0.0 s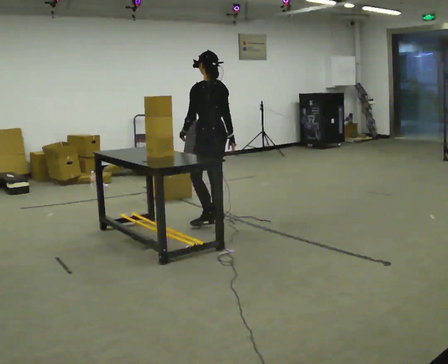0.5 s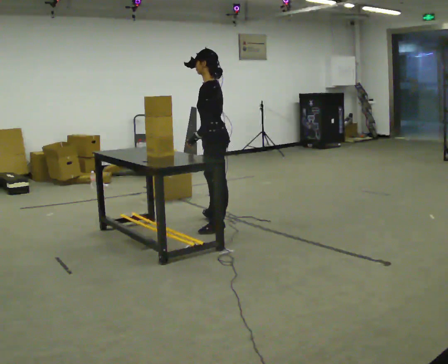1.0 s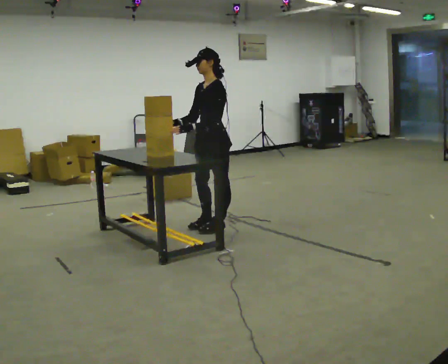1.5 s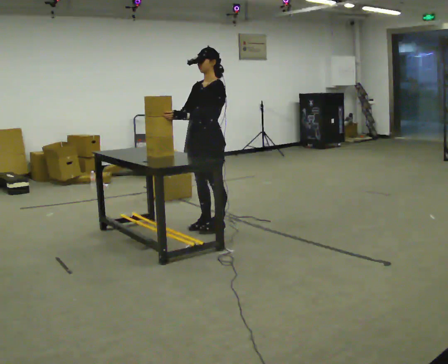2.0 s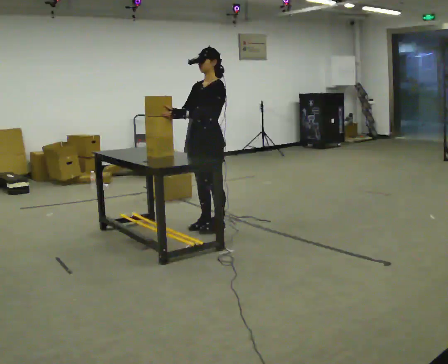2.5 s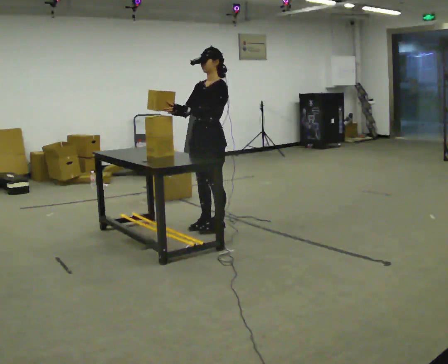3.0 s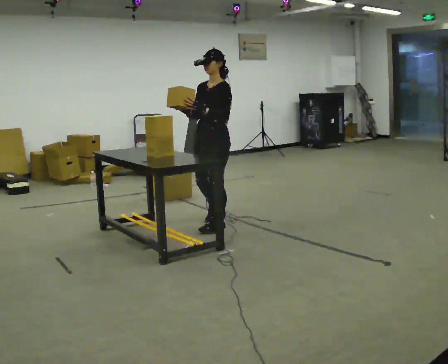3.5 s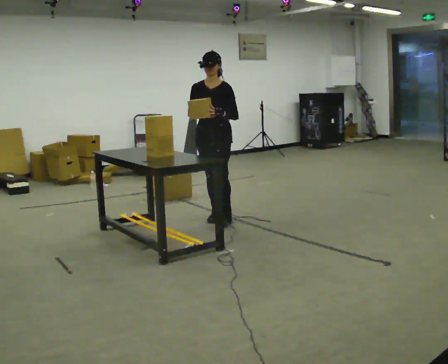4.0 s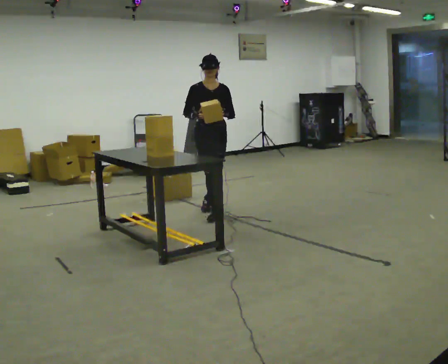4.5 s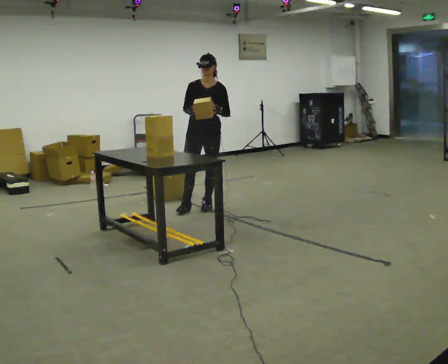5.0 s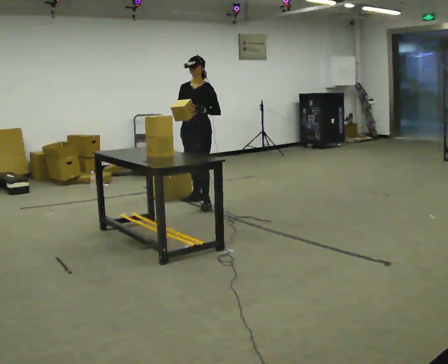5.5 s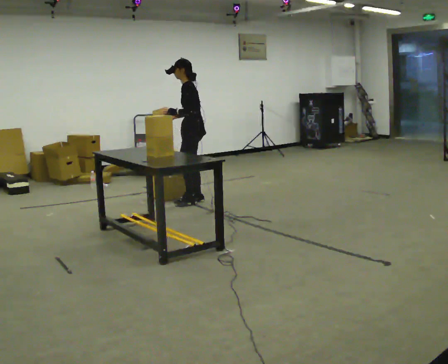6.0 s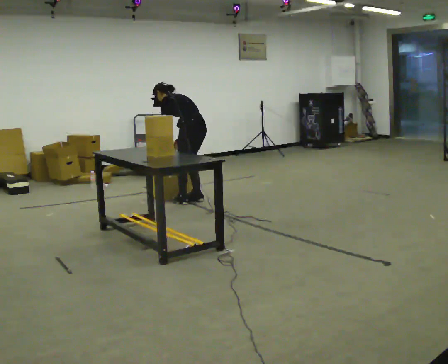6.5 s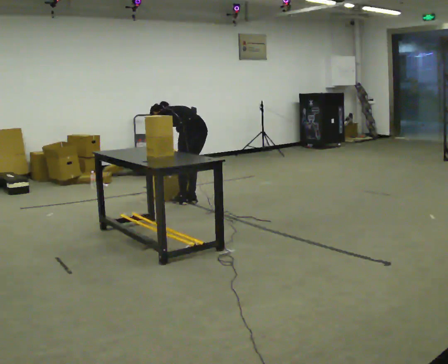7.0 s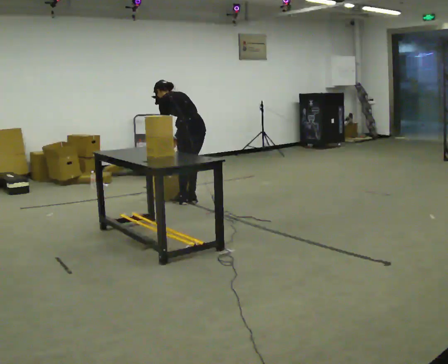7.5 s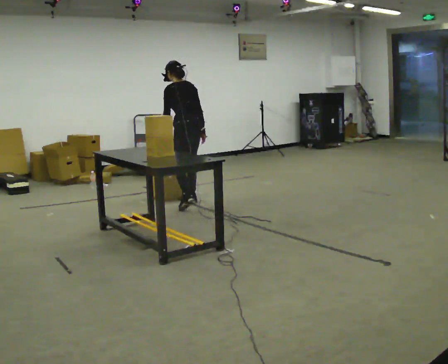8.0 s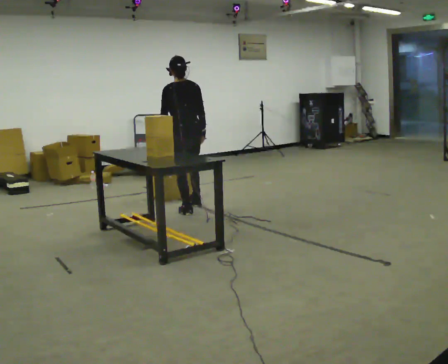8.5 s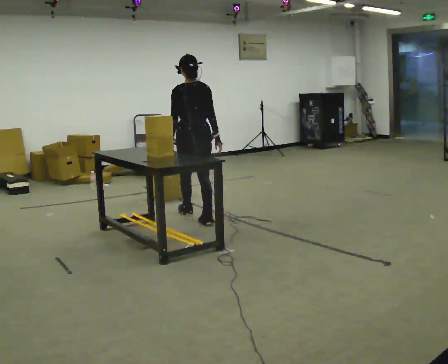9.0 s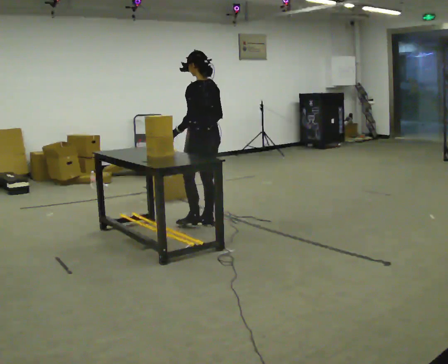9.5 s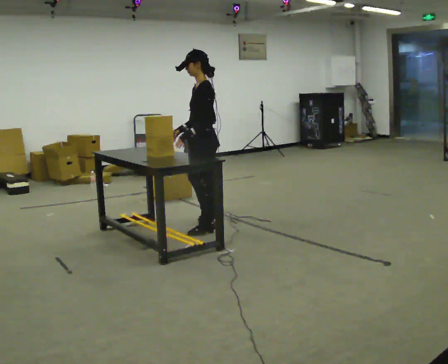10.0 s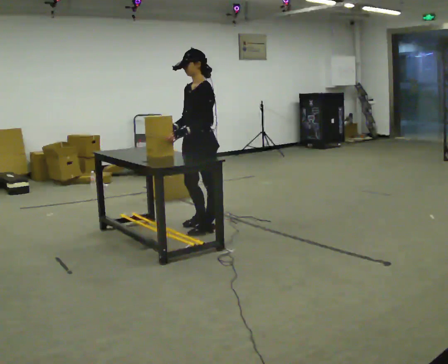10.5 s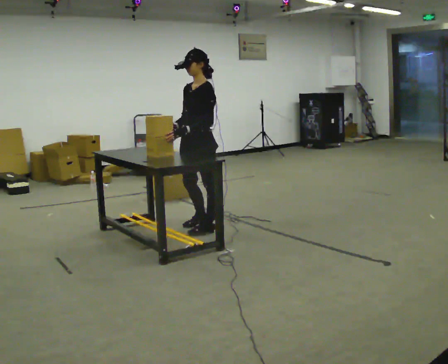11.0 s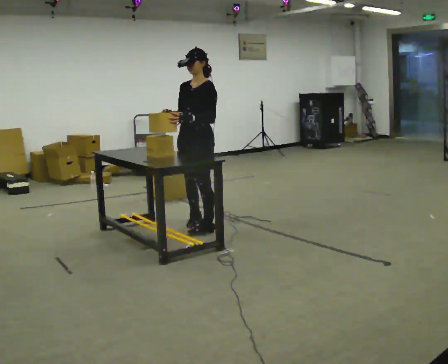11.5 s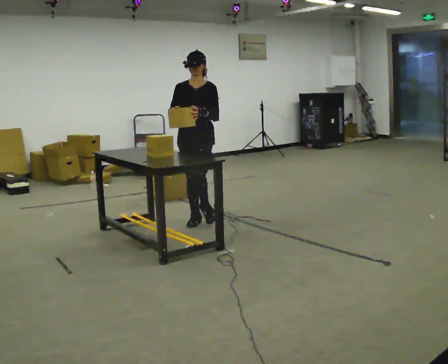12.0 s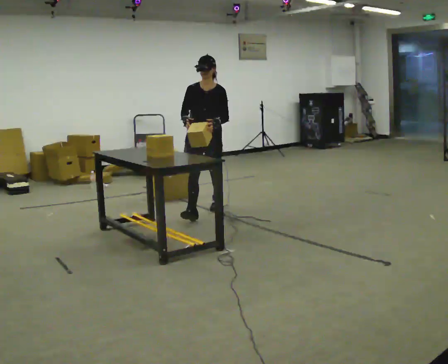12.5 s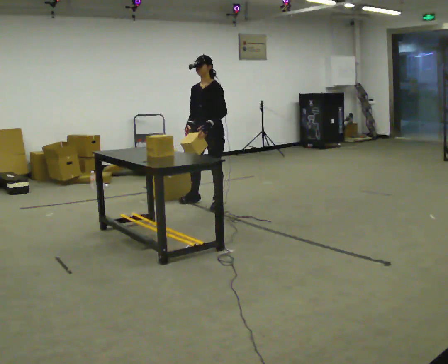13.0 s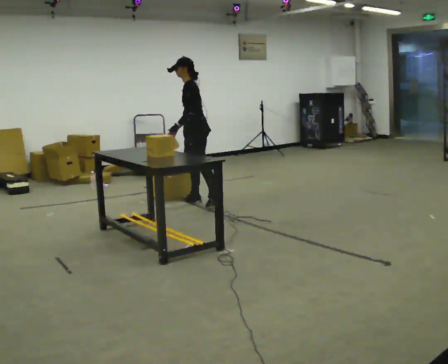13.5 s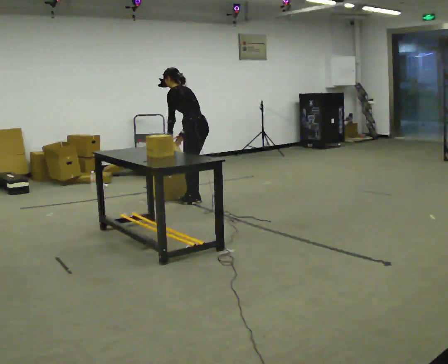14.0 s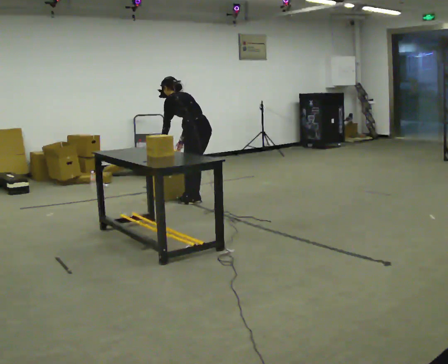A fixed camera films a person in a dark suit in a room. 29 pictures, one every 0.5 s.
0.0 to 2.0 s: The person turns about 90 degrees to their left, counterclockwise seen from above, so the part of the body nearest the lens slides to the right. In the picture they go toward the camera, about 0.25 m in 1 step.
2.0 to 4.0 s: The part of the body nearest the lens slides to the right as the person turns to their left by about 75 degrees. In the picture they go away from the camera, about 0.5 m in 2 steps.
4.0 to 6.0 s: The part of the body nearest the lens slides to the left as the person turns to their right by about 150 degrees. In the picture they go away from the camera, about 0.5 m in 2 steps. The upper body tips away from the camera, its near side rolling upward, as they bend forward. In the picture their right hand goes downward.
6.0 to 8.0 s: In the picture they go toward the camera, about 0.5 m in 2 steps, which for them is to their left and backward.
8.0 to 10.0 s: The person turns about 90 degrees to their left, counterclockwise seen from above, so the part of the body nearest the lens slides to the right. In the picture they go toward the camera, about 0.5 m in 1 step.
10.0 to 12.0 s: The part of the body nearest the lens slides to the right as the person turns to their left by about 60 degrees. In the picture they go away from the camera, about 0.75 m in 2 steps.
12.0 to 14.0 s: The person turns about 135 degrees to their right, clockwise seen from above, so the part of the body nearest the lens slides to the left. In the picture they go away from the camera, about 0.5 m in 1 step. The upper body tips away from the camera, its near side rolling upward, as they bend forward. In the picture their right hand goes downward.
The film runs backward here.
